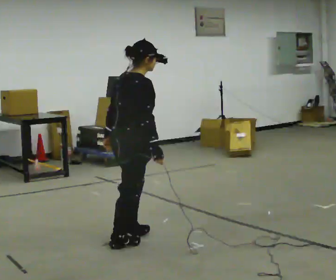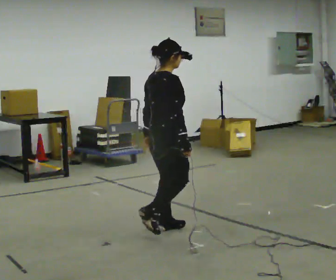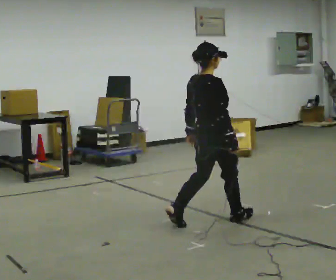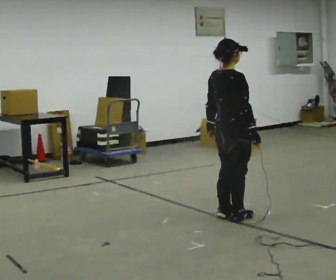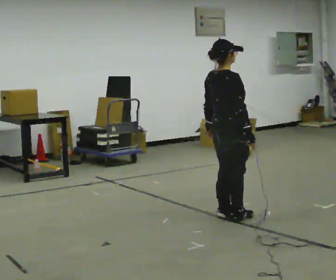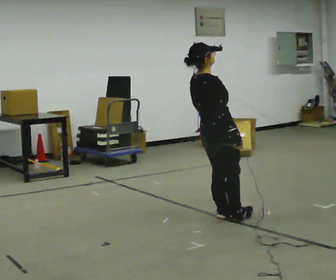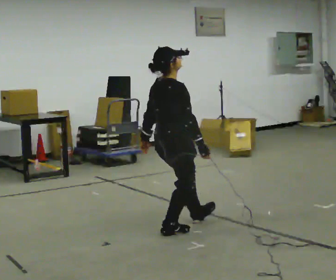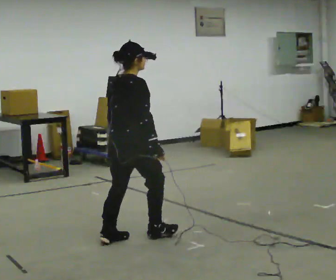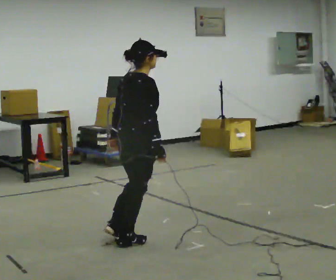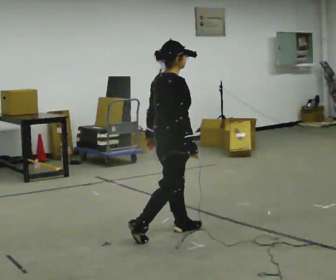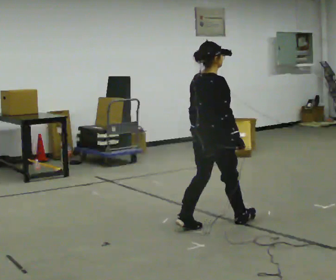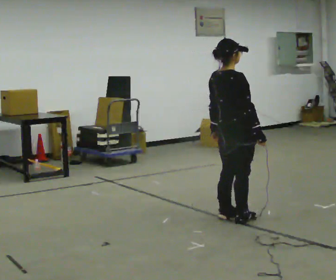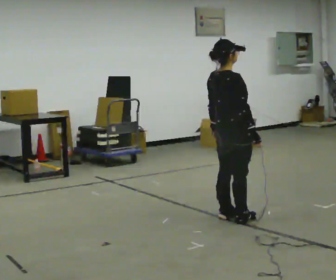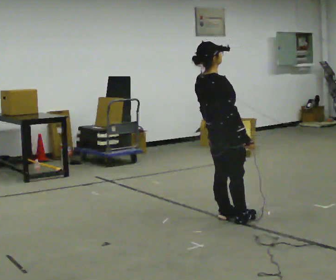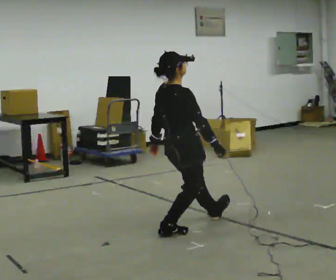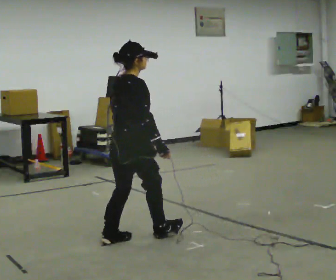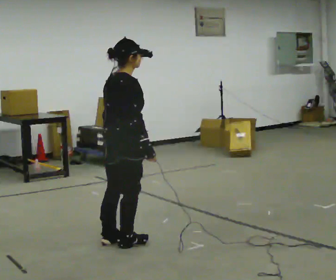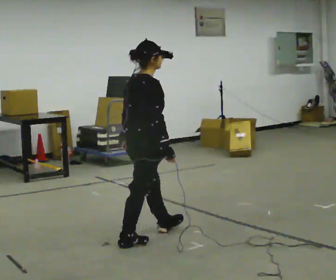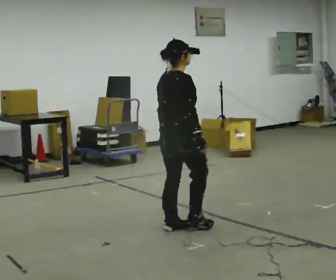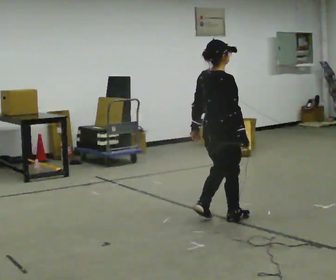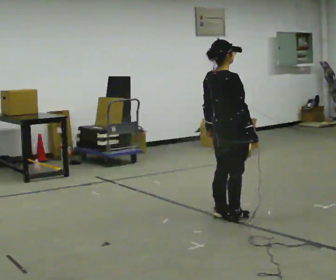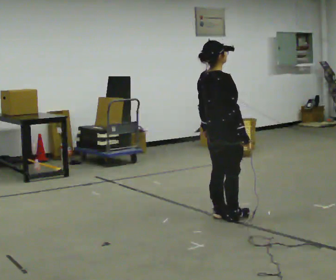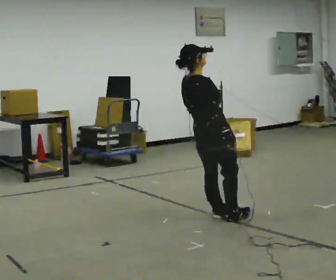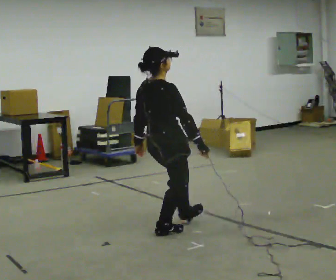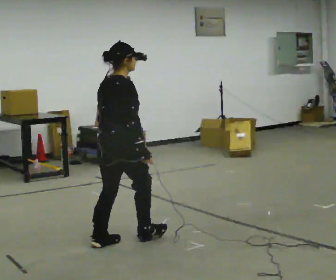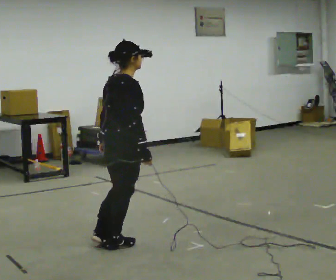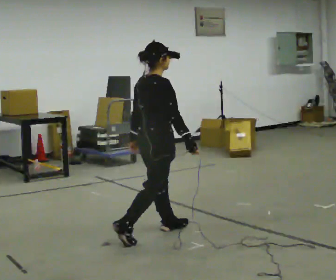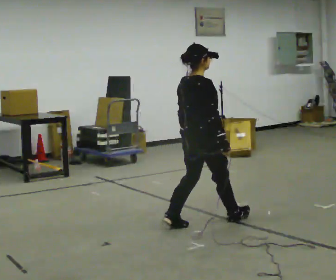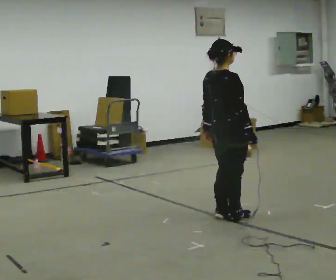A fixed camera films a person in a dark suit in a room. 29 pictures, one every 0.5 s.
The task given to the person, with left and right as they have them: Stand on the marked spots. Lean backward, keeping your body straight, until you cannot hold it, then step back to catch yourself. Return to the spots. Repeat at your own pace until the operator says stop. Go slowly and only as far as you are comfortable. Step whenever you need to; do not try to hold on longer than feels safe.
0.0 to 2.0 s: In the picture they go to the right and away from the camera, about 1 m in 3 steps, which for them is forward. In the picture the upper body tilts counterclockwise, shoulders to the left, as they lean back or straighten.
2.0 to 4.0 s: In the picture they go to the left and toward the camera, about 1 m in 3 steps, which for them is backward.
4.0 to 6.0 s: In the picture they go to the right and away from the camera, about 1 m in 3 steps, which for them is forward. In the picture the upper body tilts counterclockwise, shoulders to the left, as they lean back or straighten.
6.0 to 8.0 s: In the picture they go to the left and toward the camera, about 1 m in 3 steps, which for them is backward.
8.0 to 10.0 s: In the picture they go to the right and away from the camera, about 1 m in 3 steps, which for them is forward.
10.0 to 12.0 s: In the picture they go to the left and toward the camera, about 1 m in 2 steps, which for them is backward.
12.0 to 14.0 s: In the picture they go to the right and away from the camera, about 1 m in 4 steps, which for them is forward.
The film runs forward here.
